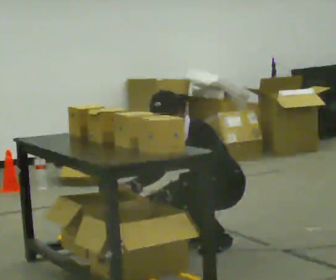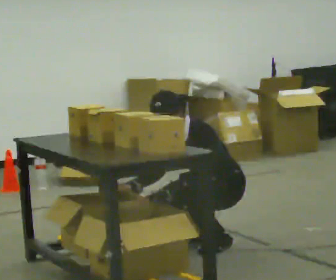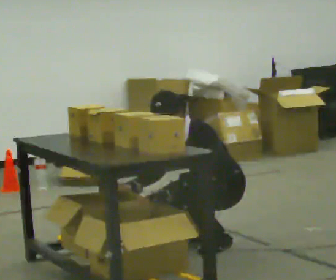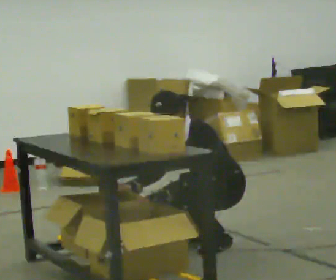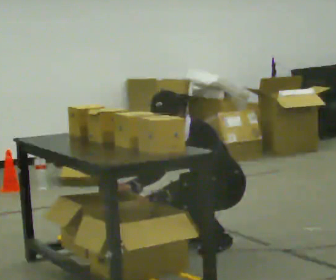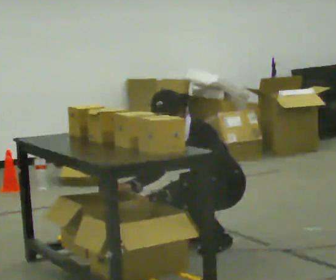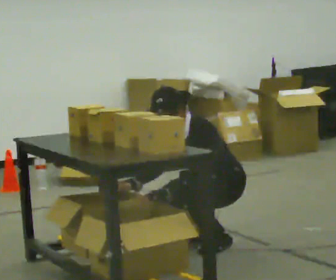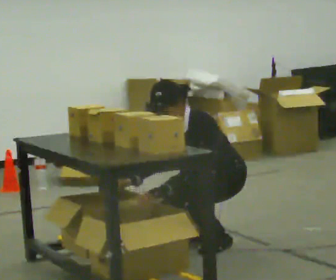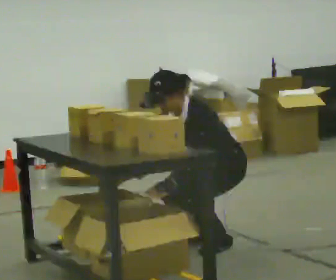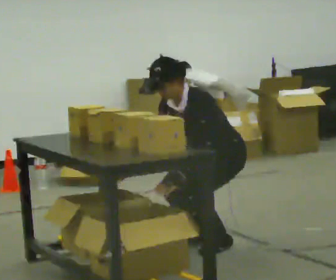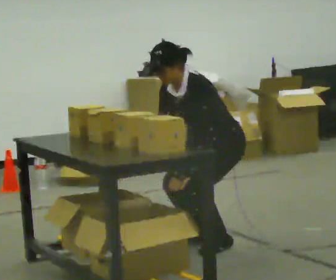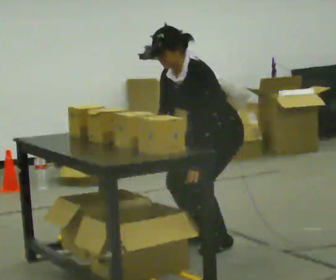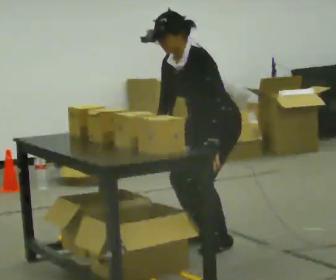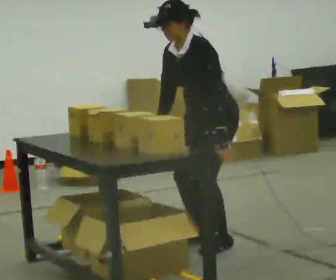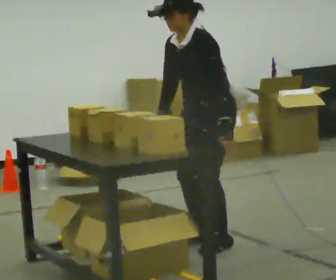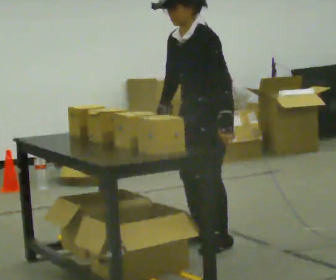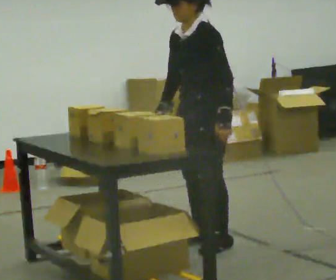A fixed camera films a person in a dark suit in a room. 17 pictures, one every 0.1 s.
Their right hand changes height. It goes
upward.
Their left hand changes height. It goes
upward.
0.0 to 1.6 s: The upper body goes upward. In the picture the upper body tilts clockwise, shoulders to the right, as they lean back or straighten. In the picture their left hand goes upward and to the right.
The film runs forward here.
